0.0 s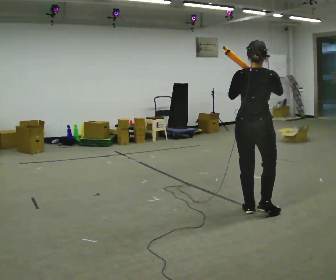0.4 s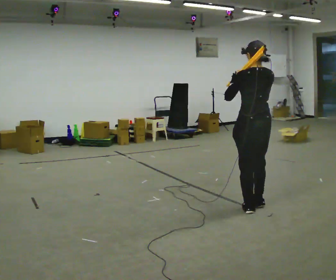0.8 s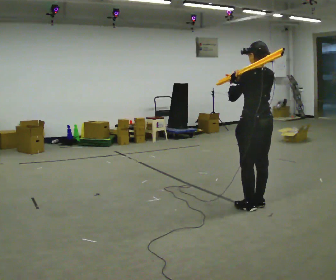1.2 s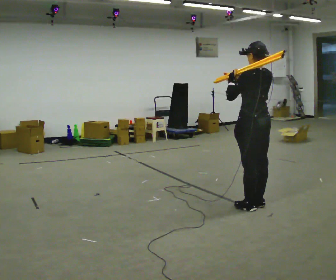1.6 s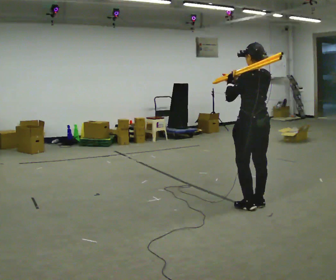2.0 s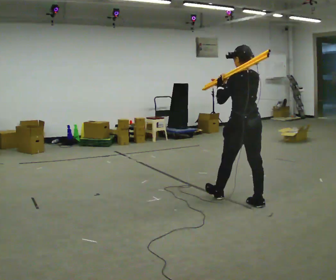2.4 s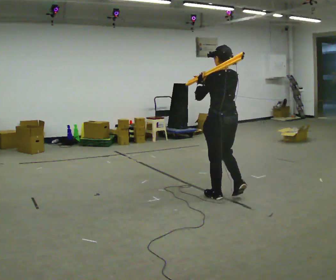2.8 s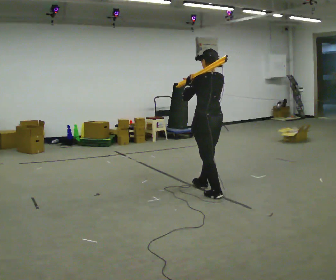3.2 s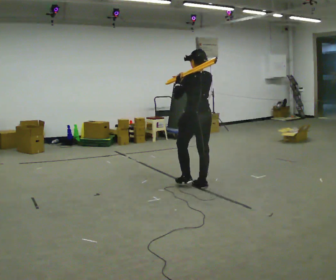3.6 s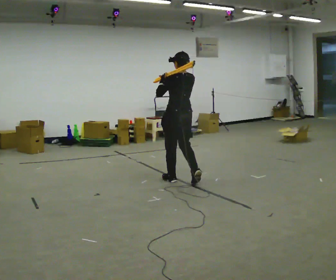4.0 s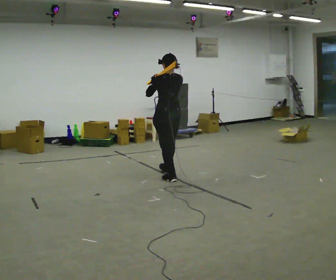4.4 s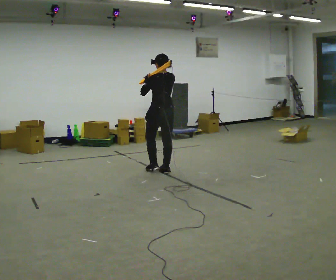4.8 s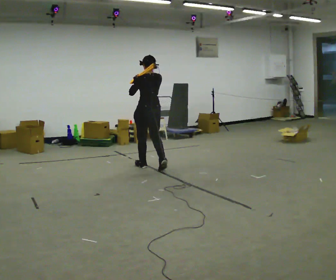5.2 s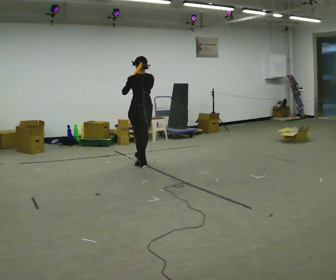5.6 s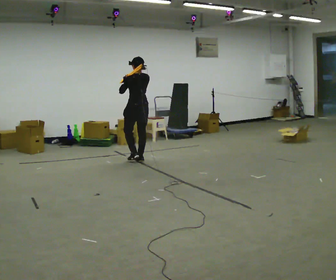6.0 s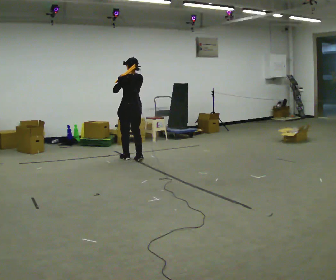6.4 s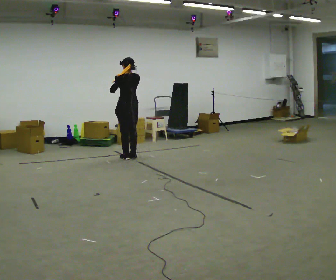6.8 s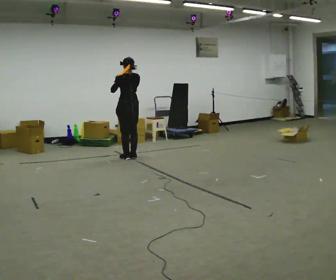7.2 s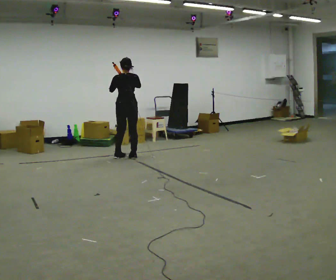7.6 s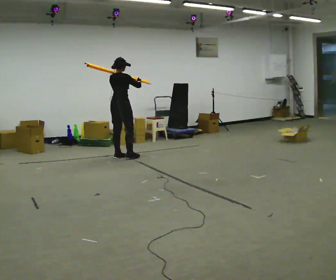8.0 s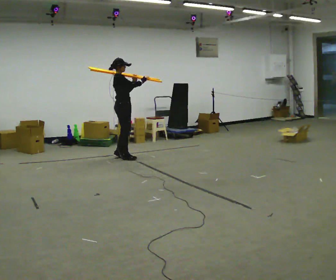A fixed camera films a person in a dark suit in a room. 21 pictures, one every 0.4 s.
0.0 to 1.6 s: The part of the body nearest the lens slides to the right as the person turns to their left by about 45 degrees. In the picture they go away from the camera, about 0.25 m in 1 step, which for them is forward and to their right.
1.6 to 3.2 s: In the picture they go away from the camera and to the left, about 1 m in 2 steps, which for them is forward.
3.2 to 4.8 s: In the picture they go away from the camera and to the left, about 1 m in 3 steps, which for them is forward.
4.8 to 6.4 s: In the picture they go away from the camera and to the left, about 0.5 m in 3 steps, which for them is forward.
6.4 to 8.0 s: The person turns about 120 degrees to their right, clockwise seen from above, so the part of the body nearest the lens slides to the left. In the picture their right hand goes to the right.
The film runs forward here.
